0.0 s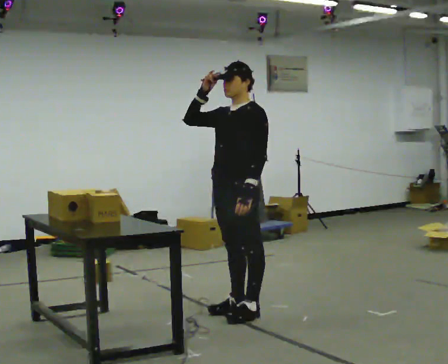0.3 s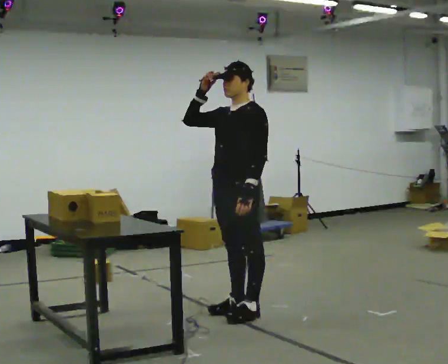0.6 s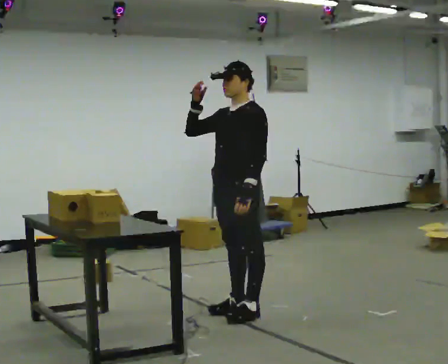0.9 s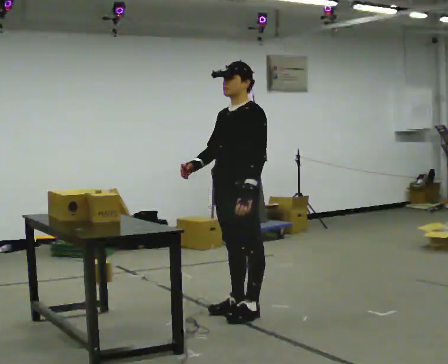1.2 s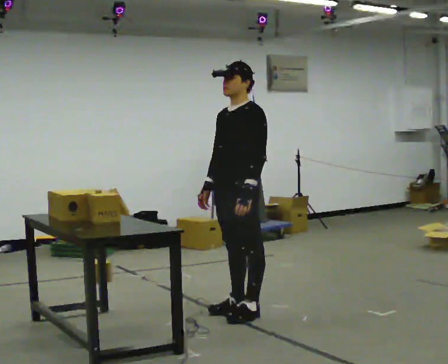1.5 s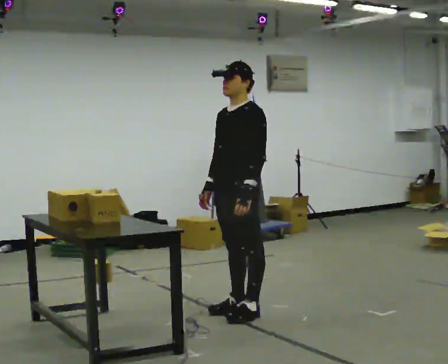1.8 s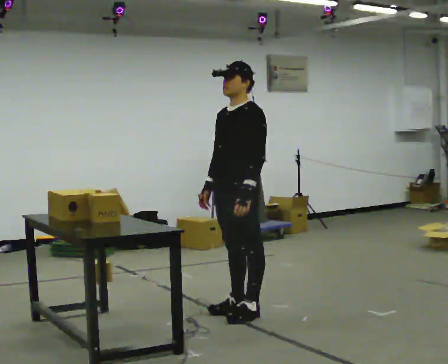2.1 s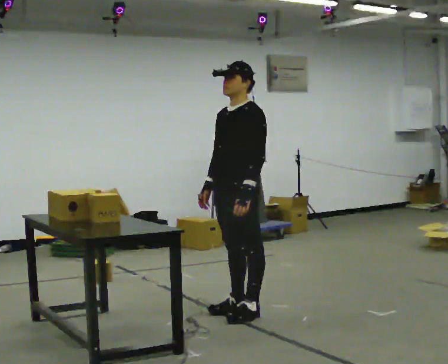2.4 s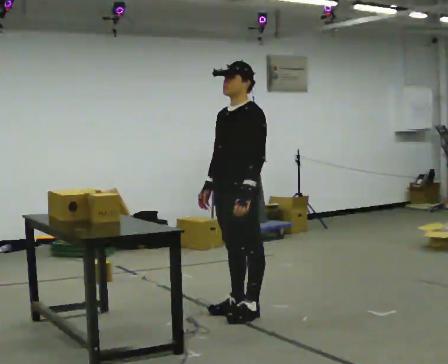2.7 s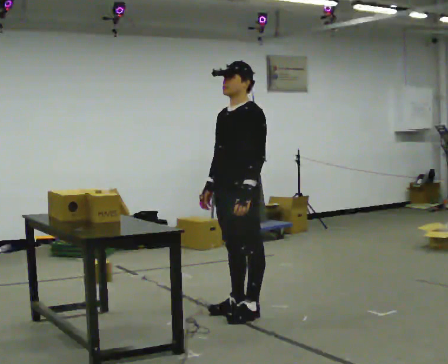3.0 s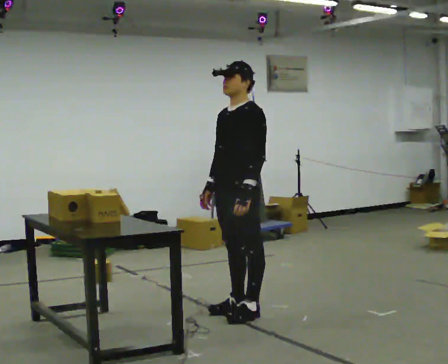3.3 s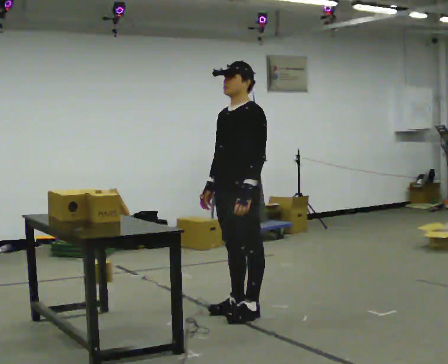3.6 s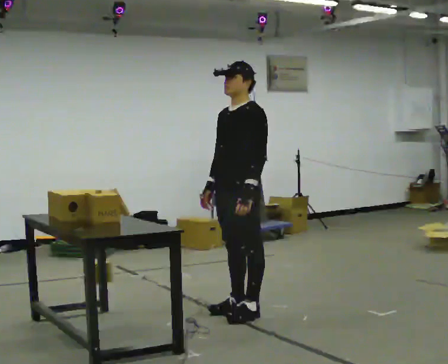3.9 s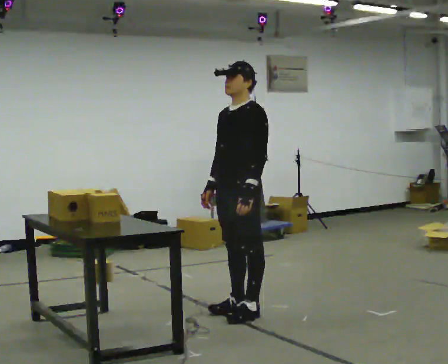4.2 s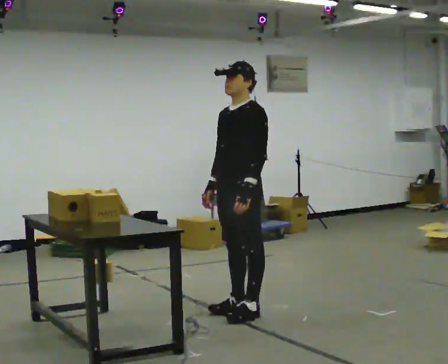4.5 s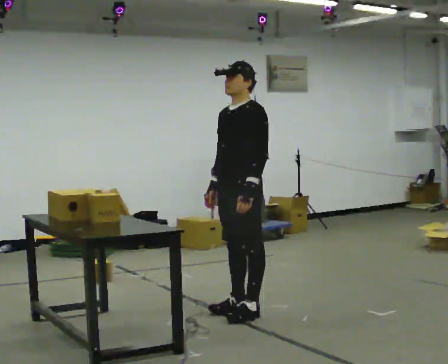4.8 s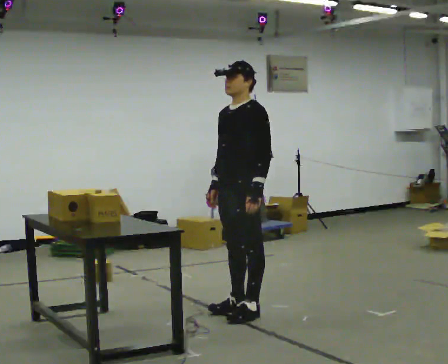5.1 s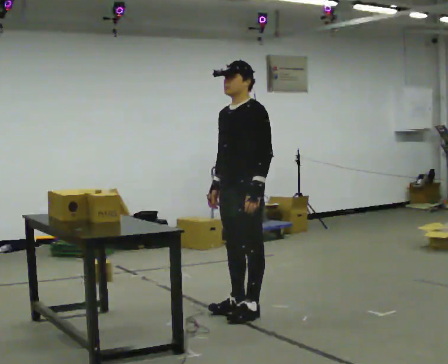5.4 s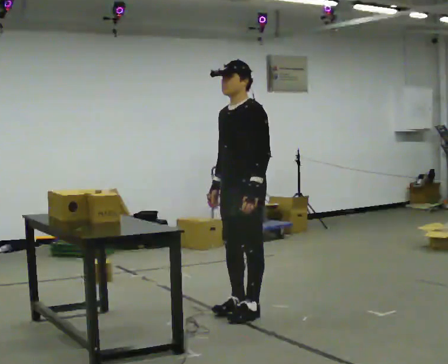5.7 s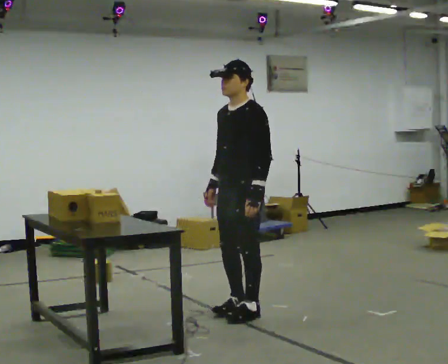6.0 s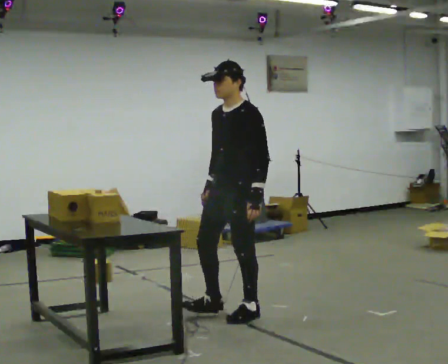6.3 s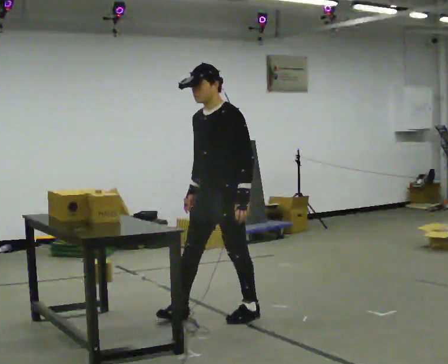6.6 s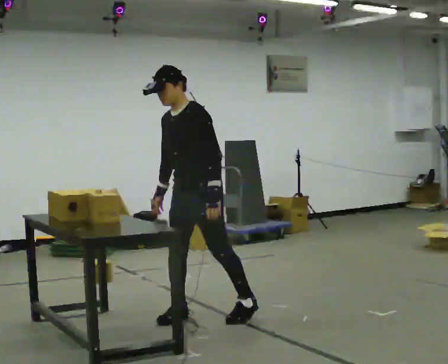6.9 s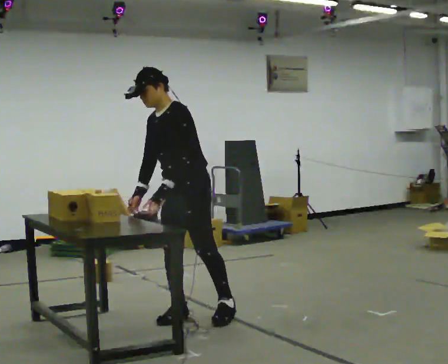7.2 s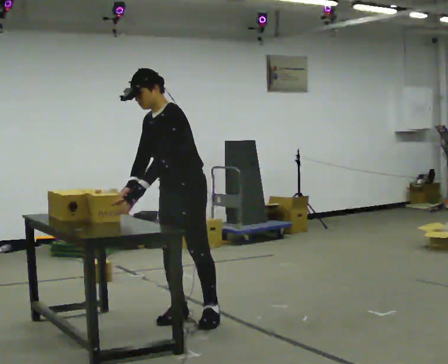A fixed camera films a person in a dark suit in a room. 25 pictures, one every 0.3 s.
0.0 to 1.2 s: In the picture their right hand goes downward.
1.2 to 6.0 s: The person moves a little, or ends about where they began.
6.0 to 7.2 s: In the picture they go to the left, about 0.25 m in 1 step, which for them is forward and to their right. In the picture the upper body tilts counterclockwise, shoulders to the left, as they bend forward.
The film runs backward here.
